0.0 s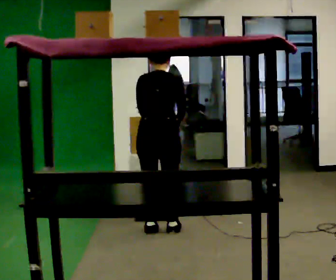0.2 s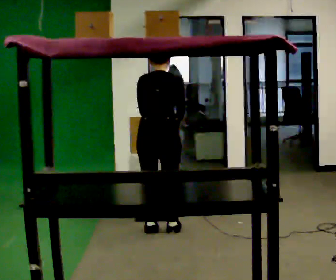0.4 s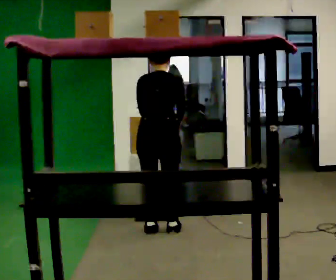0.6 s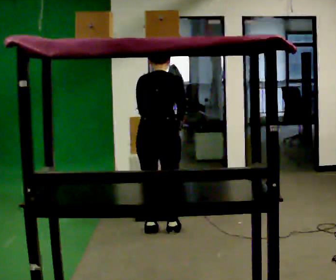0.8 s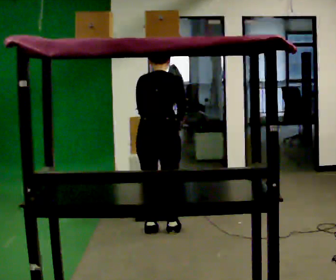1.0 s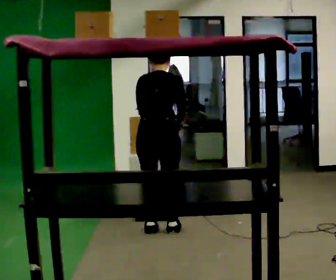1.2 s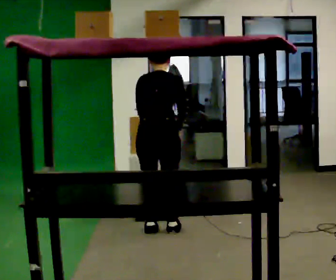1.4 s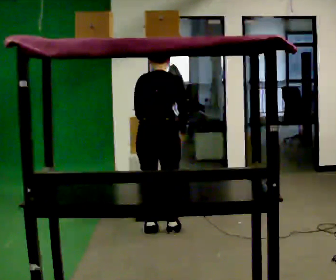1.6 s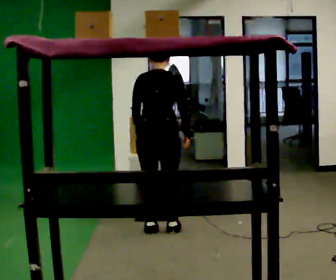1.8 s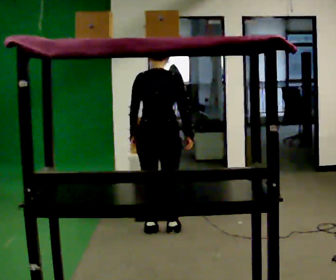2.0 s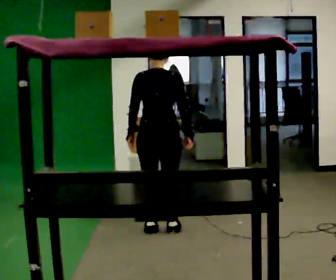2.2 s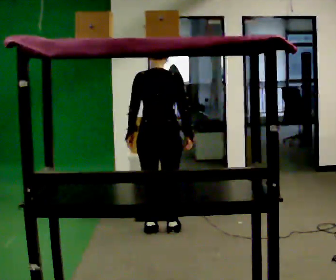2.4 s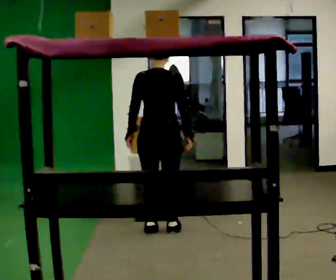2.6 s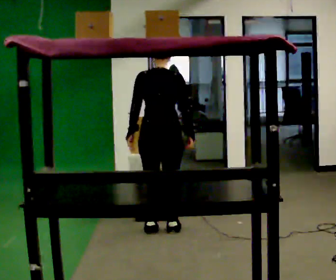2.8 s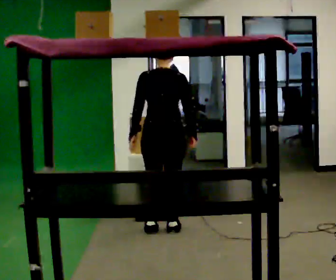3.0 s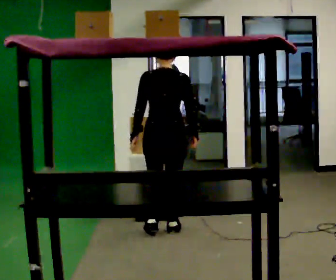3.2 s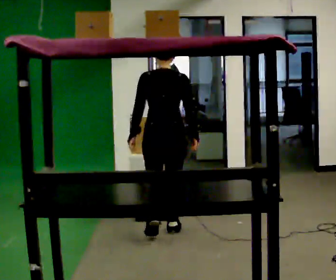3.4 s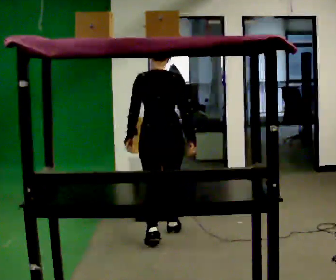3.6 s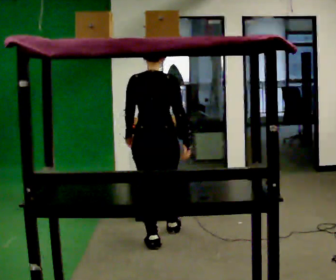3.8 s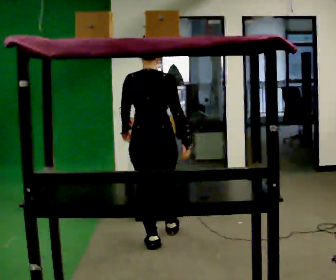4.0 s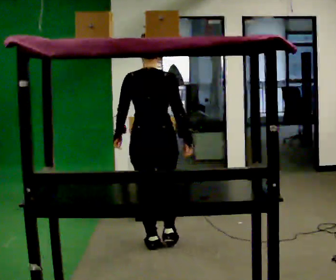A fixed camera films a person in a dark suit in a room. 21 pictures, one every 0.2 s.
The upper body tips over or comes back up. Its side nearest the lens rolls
downward.
0.0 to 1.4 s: The person moves a little, or ends about where they began.
1.4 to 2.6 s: The upper body tips toward the camera, its near side rolling downward, as they lean back or straighten.
2.6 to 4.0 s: In the picture they go toward the camera, about 0.5 m in 2 steps, which for them is backward.
The film runs backward here.
